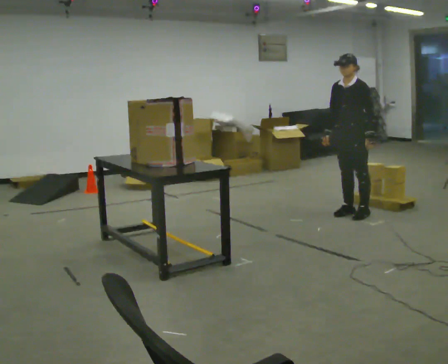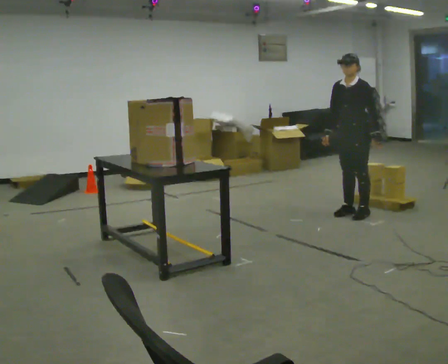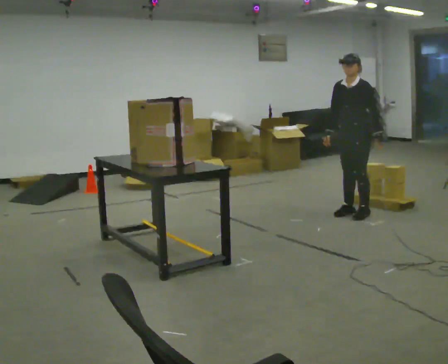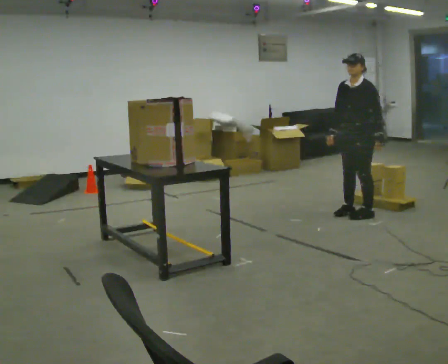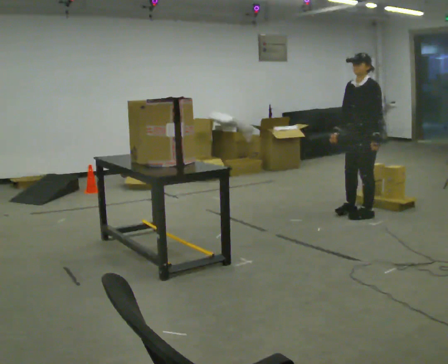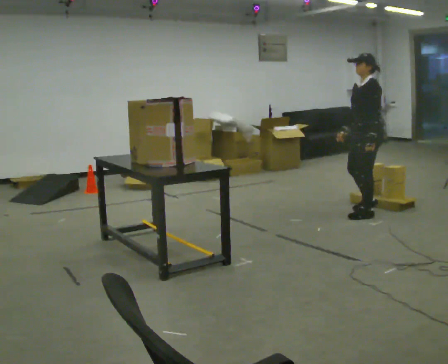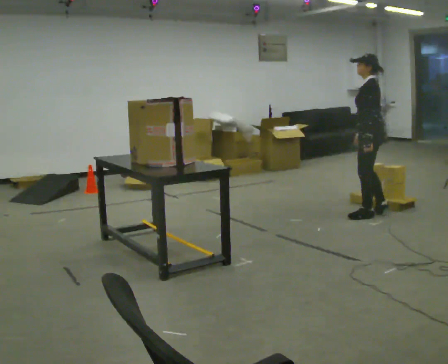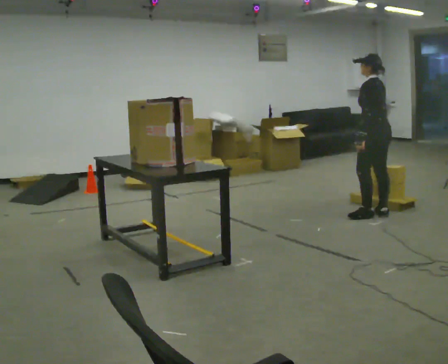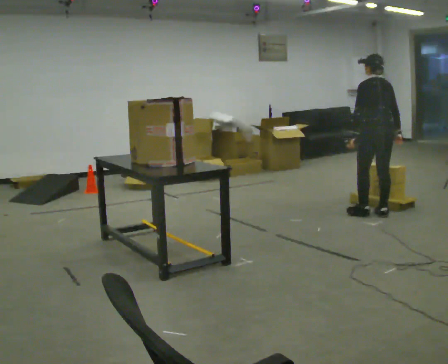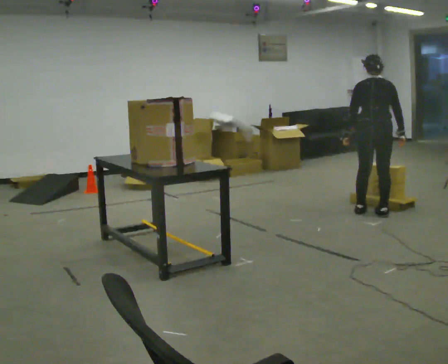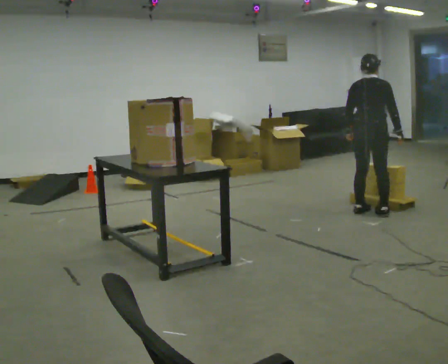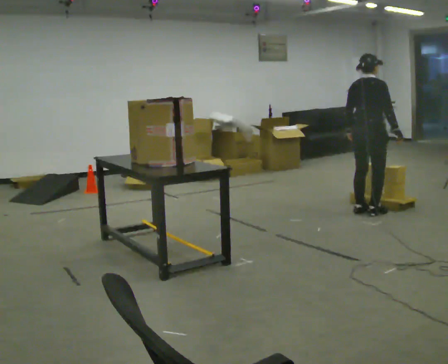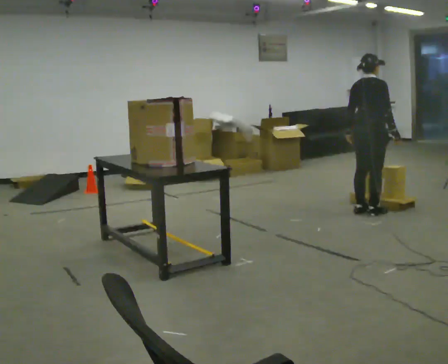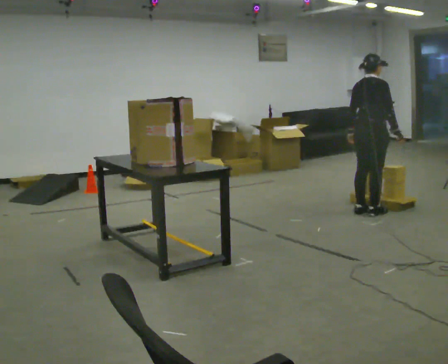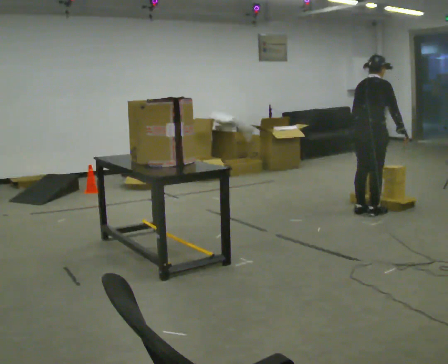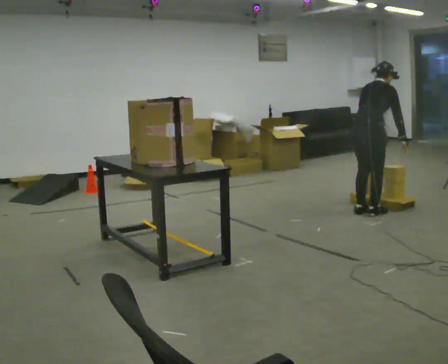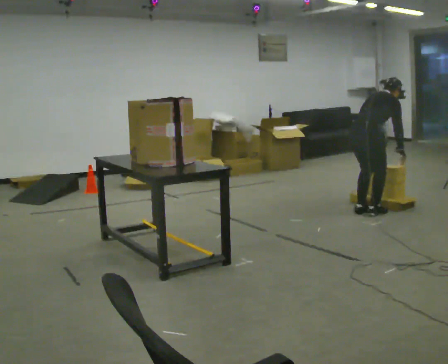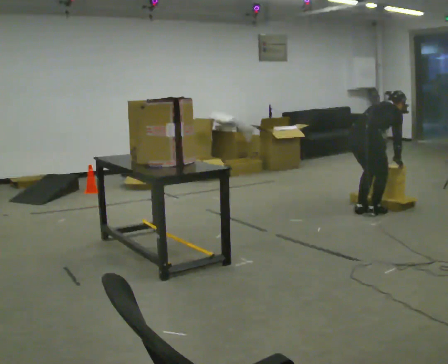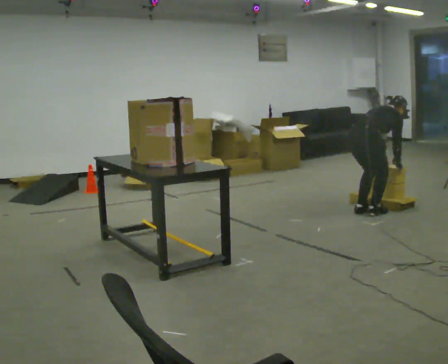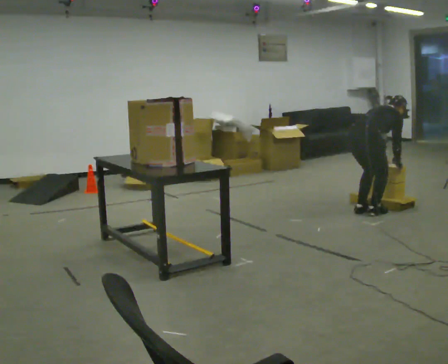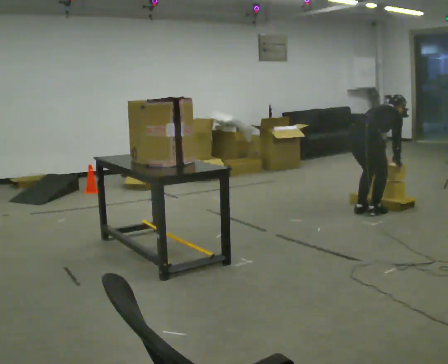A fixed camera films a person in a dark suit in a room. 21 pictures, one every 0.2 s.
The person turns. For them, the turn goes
to their right.
The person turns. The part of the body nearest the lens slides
to the left.
0.0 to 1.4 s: The part of the body nearest the lens slides to the left as the person turns to their right by about 75 degrees. In the picture they go to the right, about 0.25 m in 1 step. In the picture their right hand goes to the right.
1.4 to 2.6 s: Seen from above the body turns clockwise, about 105 degrees: to their right, with its near side sliding to the left.
2.6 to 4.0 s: The upper body goes downward. In the picture the upper body tilts clockwise, shoulders to the right, as they bend forward. In the picture their left hand goes to the right.
The film runs backward here.
